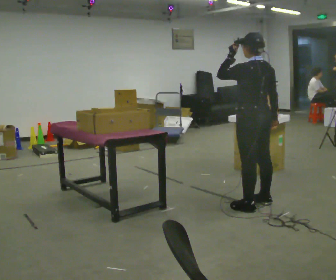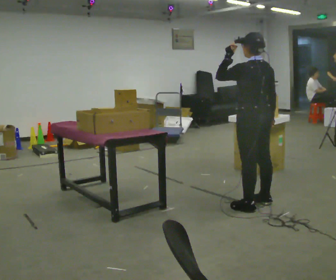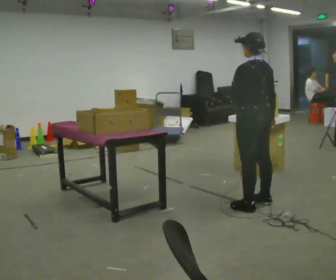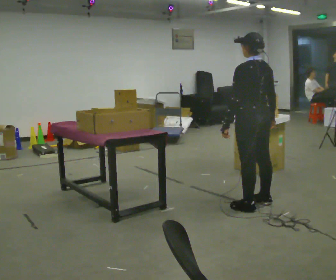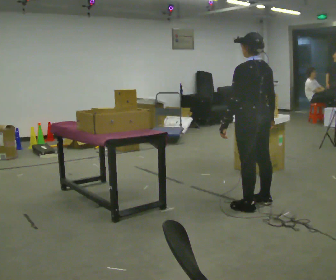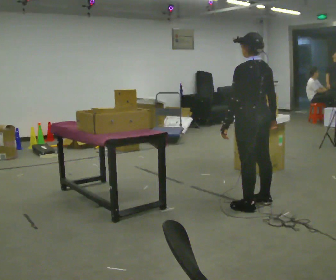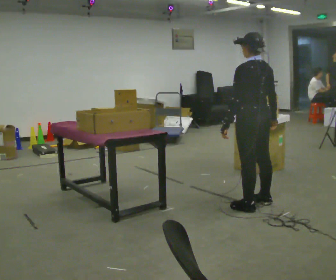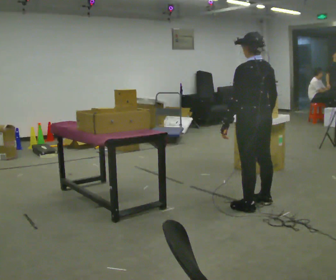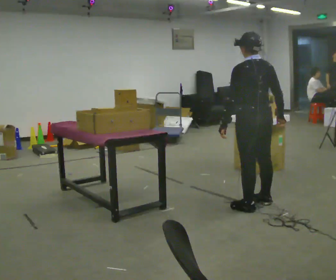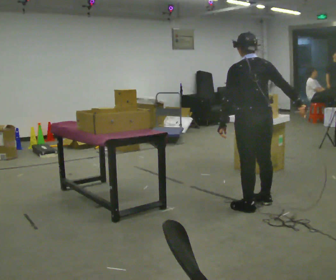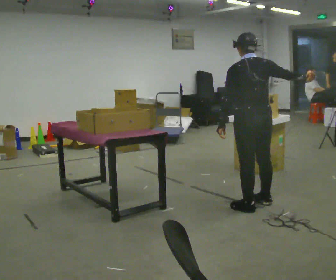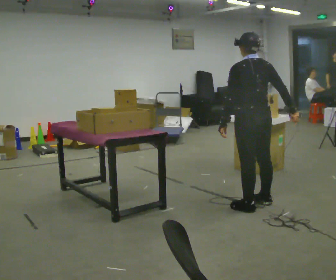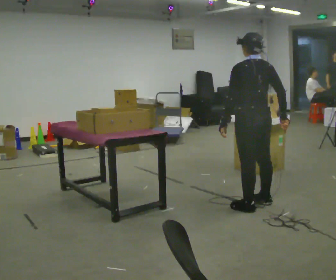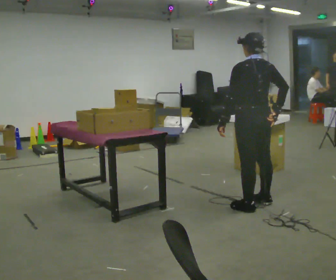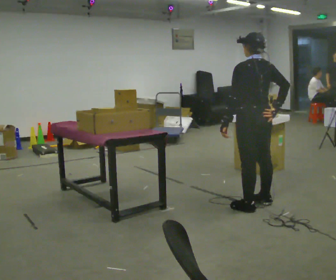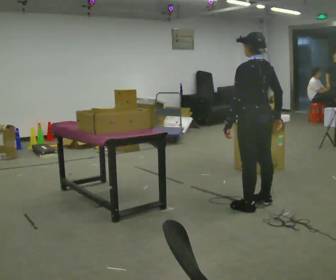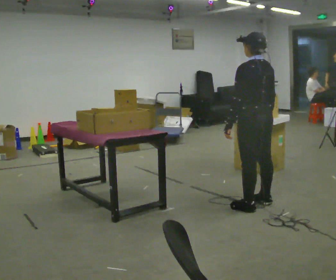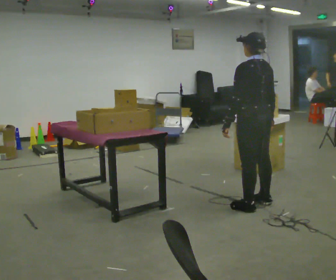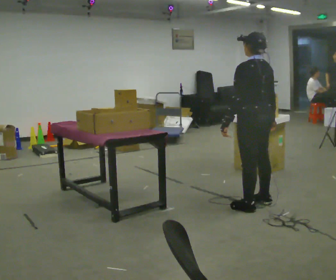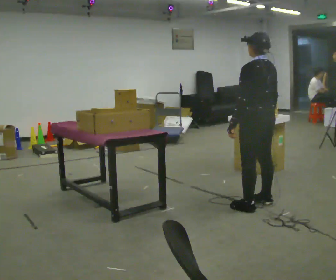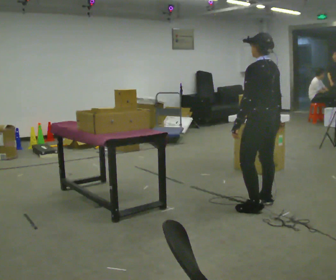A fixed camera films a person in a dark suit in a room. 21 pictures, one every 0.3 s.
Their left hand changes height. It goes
downward.
0.0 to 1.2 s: In the picture their left hand goes downward.
1.2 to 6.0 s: The person moves a little, or ends about where they began.
The film runs backward here.
